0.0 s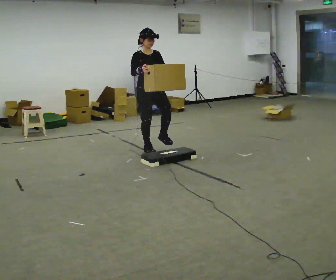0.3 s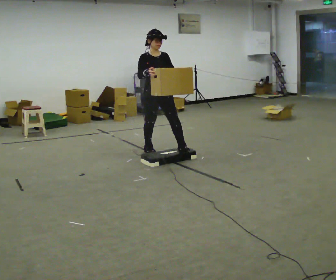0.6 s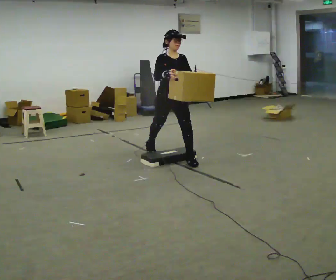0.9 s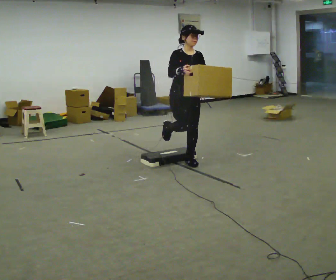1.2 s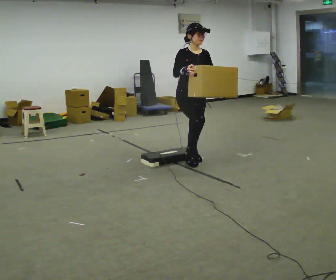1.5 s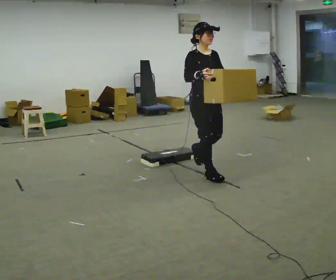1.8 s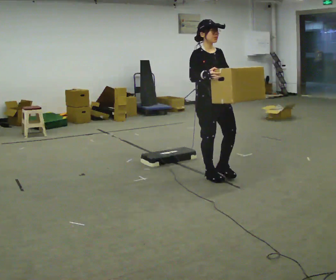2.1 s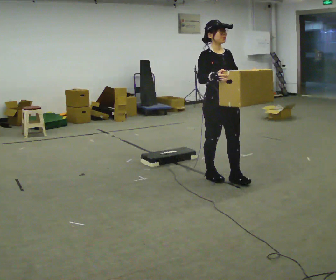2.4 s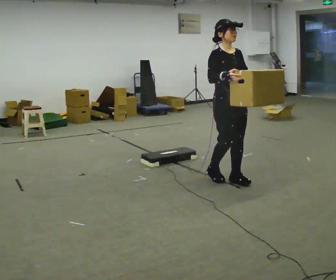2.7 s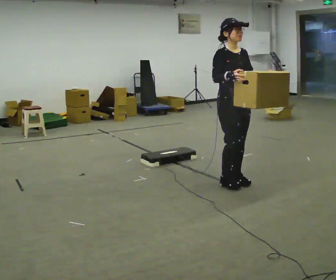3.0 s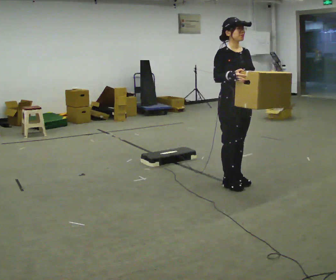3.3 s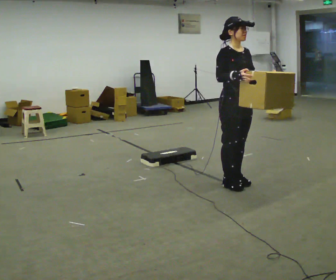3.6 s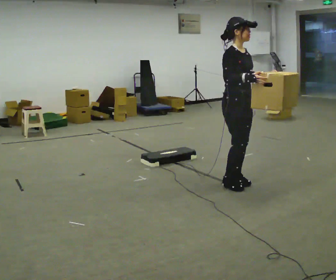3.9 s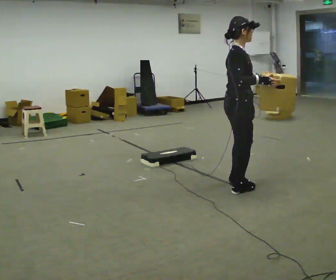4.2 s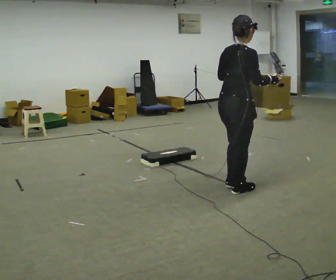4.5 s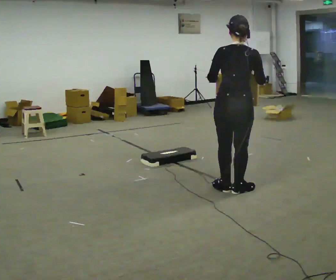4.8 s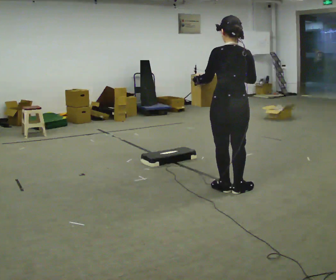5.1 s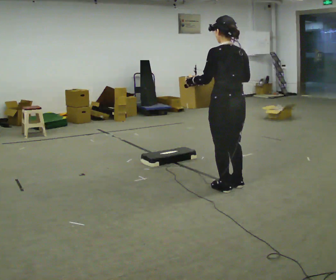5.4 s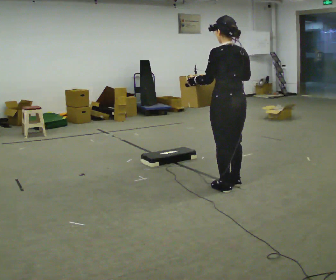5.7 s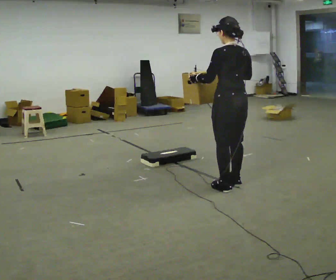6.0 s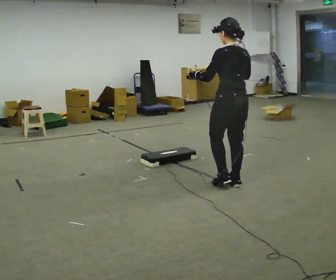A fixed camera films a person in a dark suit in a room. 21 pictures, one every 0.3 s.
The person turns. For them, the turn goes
to their left.
The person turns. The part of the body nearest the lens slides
to the right.
0.0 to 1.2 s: In the picture they go toward the camera and to the right, about 1 m in 1 step, which for them is forward.
1.2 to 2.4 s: In the picture they go toward the camera and to the right, about 0.5 m in 2 steps, which for them is forward.
2.4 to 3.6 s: The person moves a little, or ends about where they began.
3.6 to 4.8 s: The part of the body nearest the lens slides to the right as the person turns to their left by about 135 degrees. In the picture they go toward the camera, about 0.25 m in 2 steps. In the picture their left hand goes to the left.
4.8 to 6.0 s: In the picture they go away from the camera, about 0.25 m in 1 step, which for them is forward and to their right.
The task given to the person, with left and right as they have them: Carry the box over the low sill without stopping, then bring it back over. Keep going until the operator says stop; one object at a time, and do not rush between trips.
The film runs forward here.
